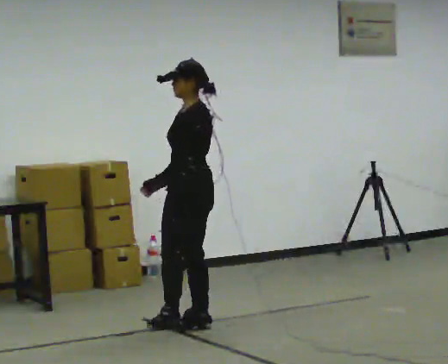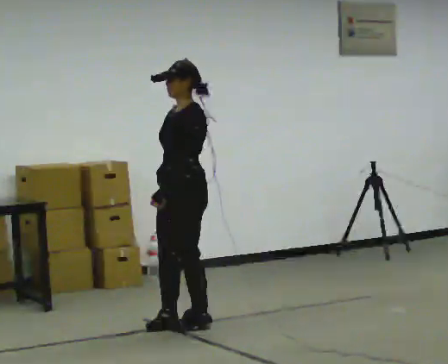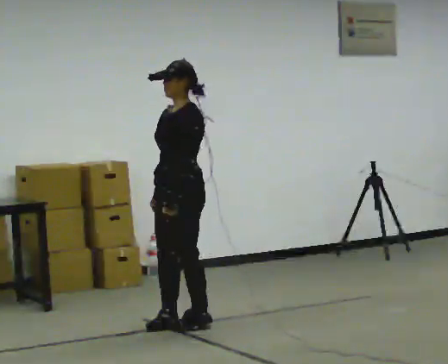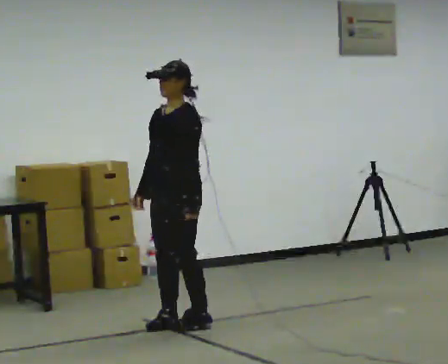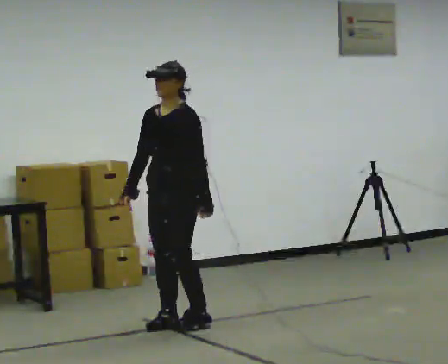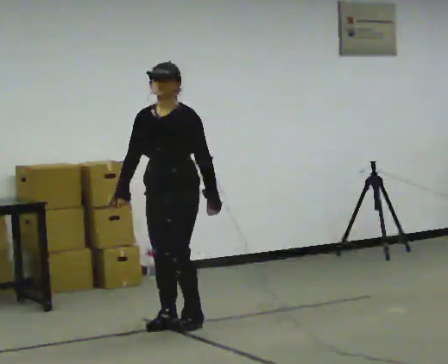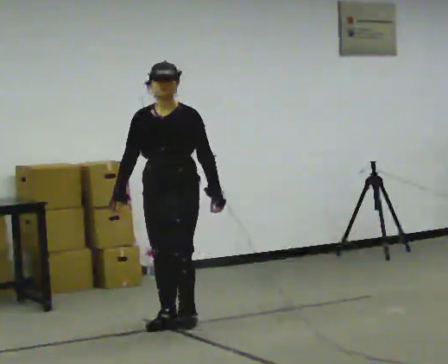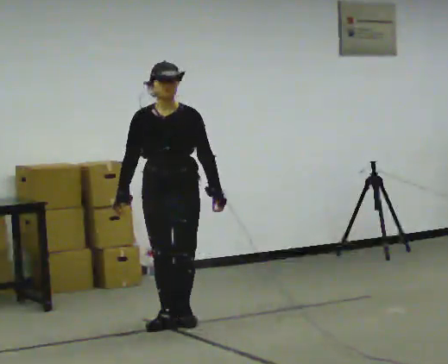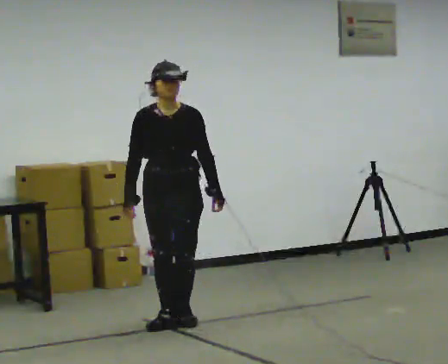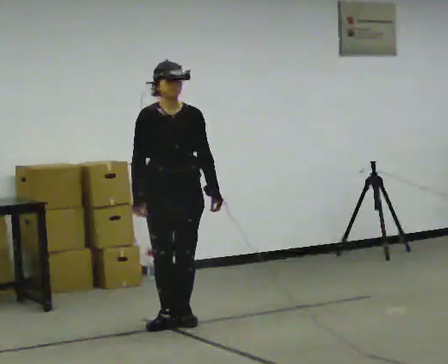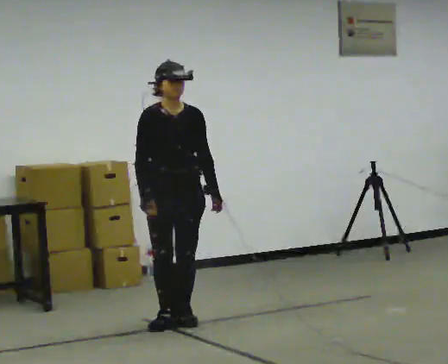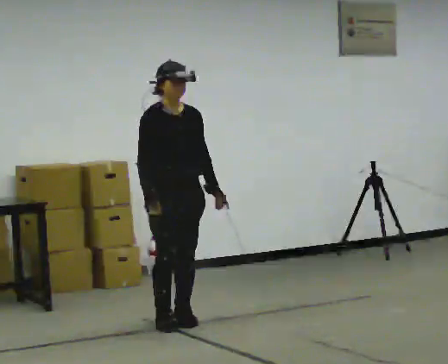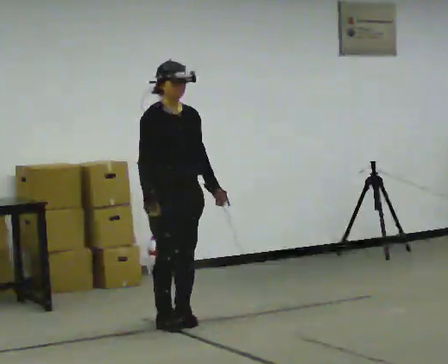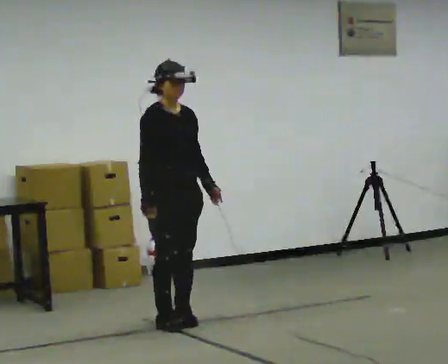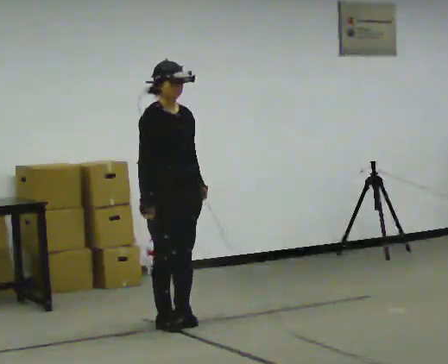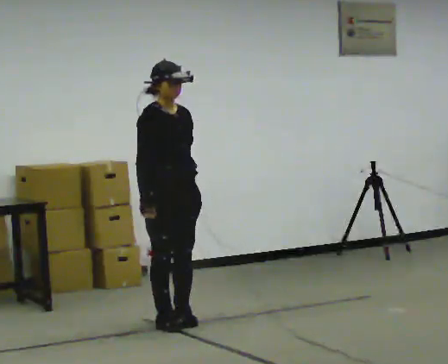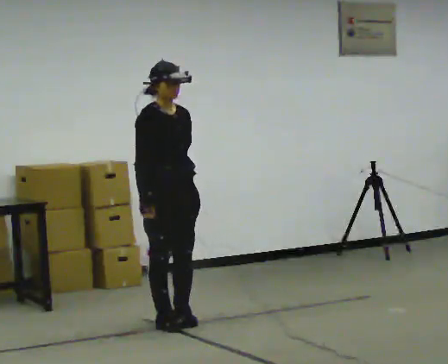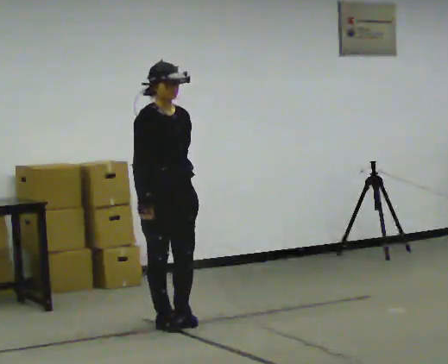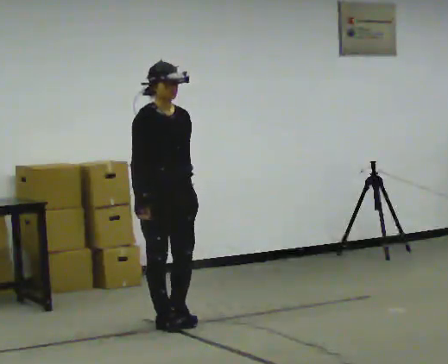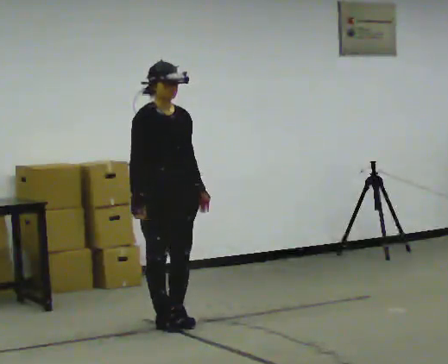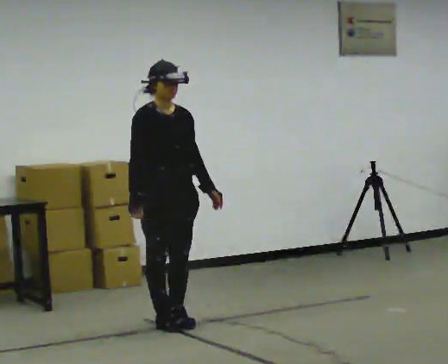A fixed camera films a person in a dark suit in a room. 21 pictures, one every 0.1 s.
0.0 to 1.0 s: The part of the body nearest the lens slides to the right as the person turns to their left by about 90 degrees. In the picture they go away from the camera, about 0.25 m in 2 steps. In the picture their left hand goes to the right, the arm swinging counterclockwise.
1.0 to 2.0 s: The person moves a little, or ends about where they began.
The film runs forward here.
